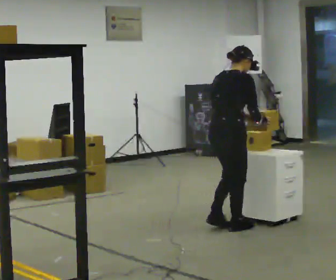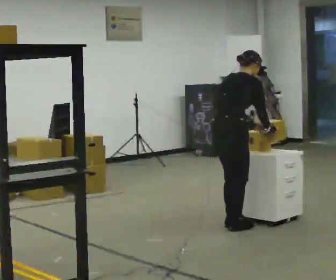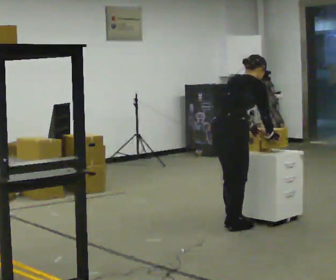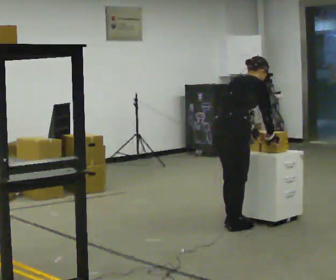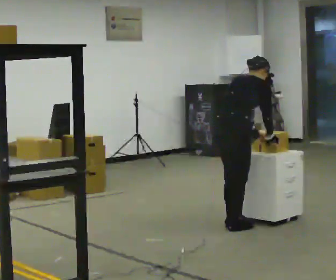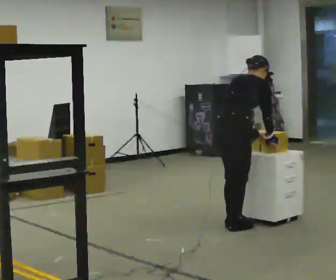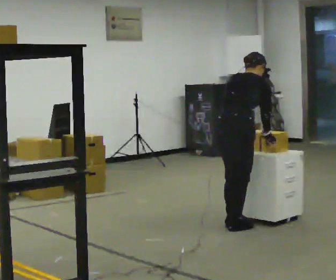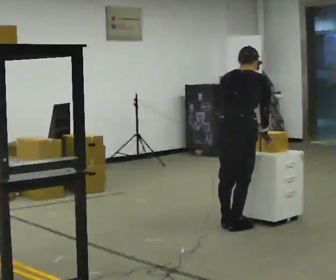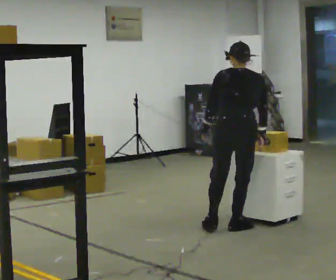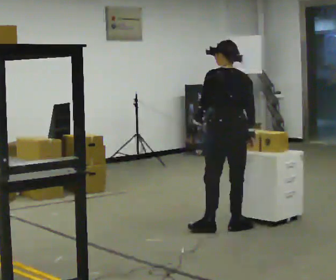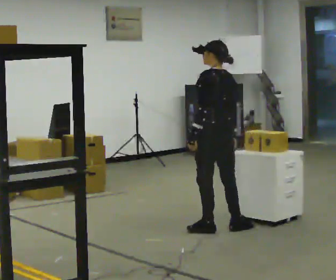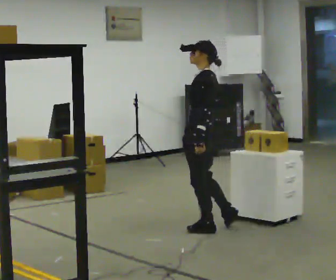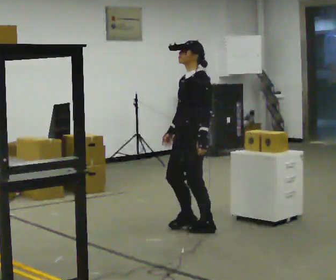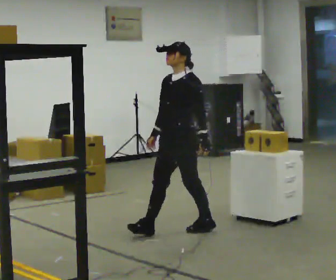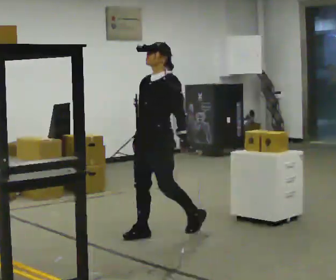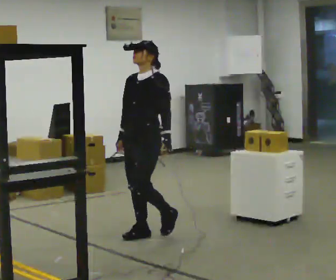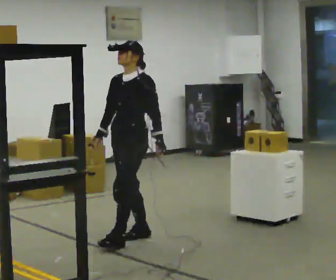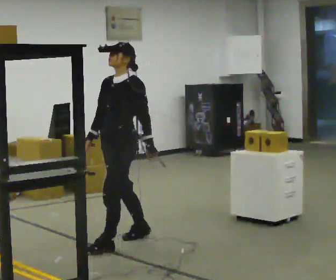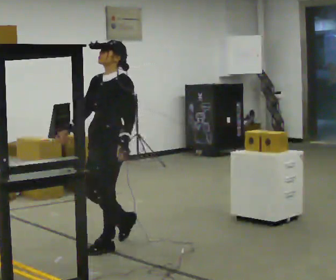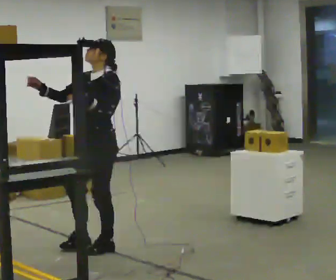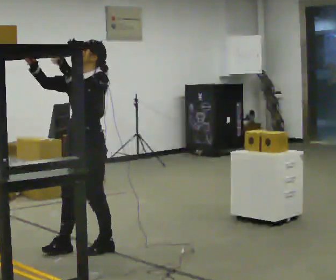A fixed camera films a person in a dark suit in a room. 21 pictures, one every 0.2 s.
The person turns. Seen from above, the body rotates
counterclockwise.
The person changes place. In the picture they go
to the left.
0.0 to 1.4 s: Seen from above the body turns counterclockwise, about 30 degrees: to their left, with its near side sliding to the right.
1.4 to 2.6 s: The person turns about 150 degrees to their left, counterclockwise seen from above, so the part of the body nearest the lens slides to the right. In the picture they go to the left, about 0.5 m in 1 step. The upper body tips toward the camera, its near side rolling downward, as they lean back or straighten.
2.6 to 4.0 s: In the picture they go to the left and toward the camera, about 1 m in 3 steps, which for them is forward. In the picture their right hand goes upward, the arm swinging clockwise.
The film runs forward here.
